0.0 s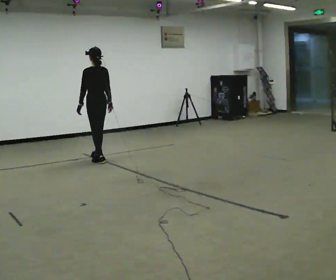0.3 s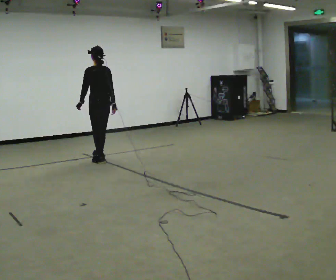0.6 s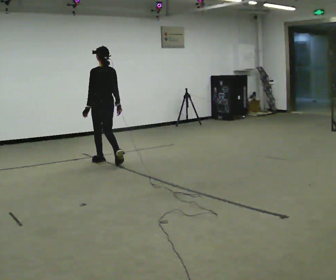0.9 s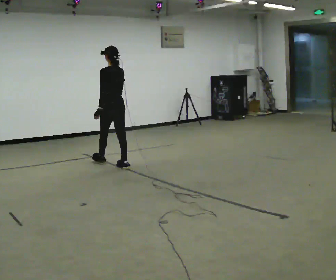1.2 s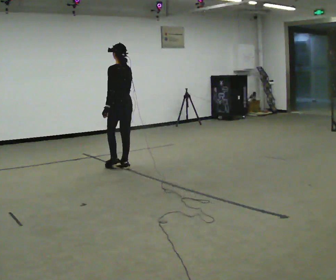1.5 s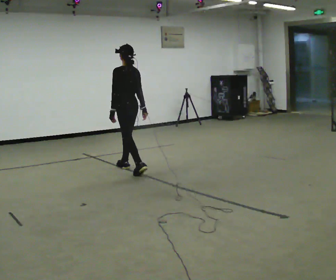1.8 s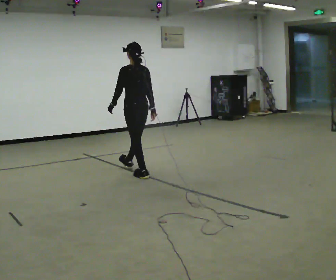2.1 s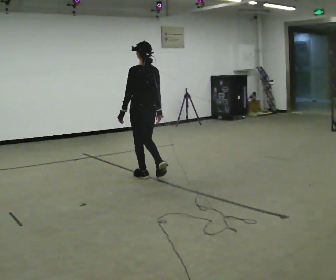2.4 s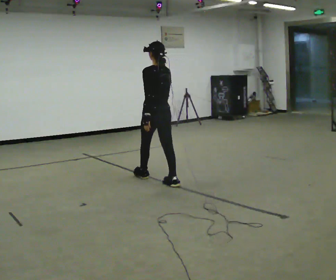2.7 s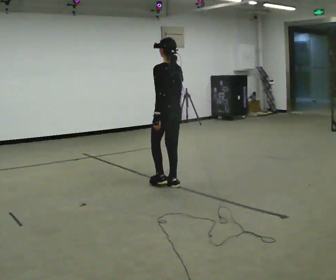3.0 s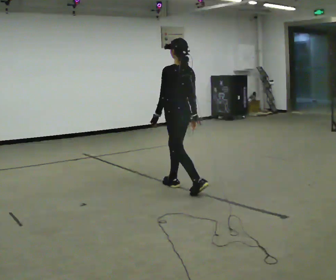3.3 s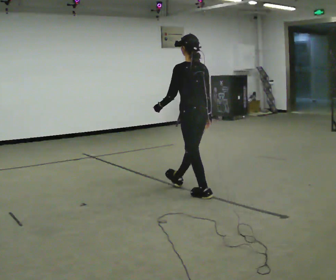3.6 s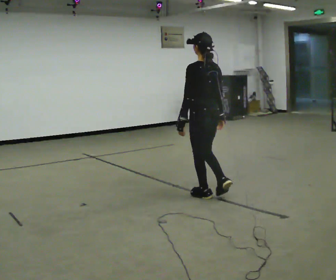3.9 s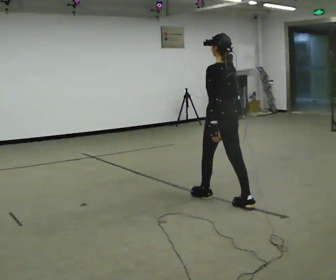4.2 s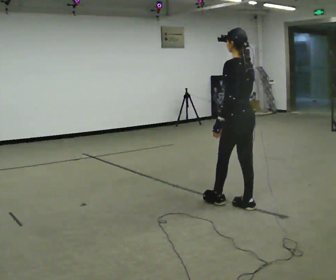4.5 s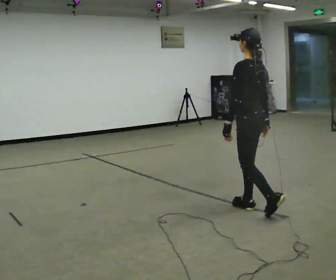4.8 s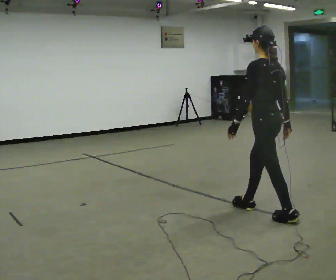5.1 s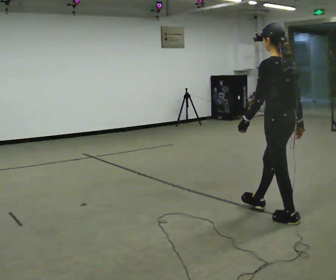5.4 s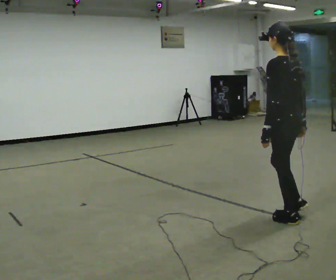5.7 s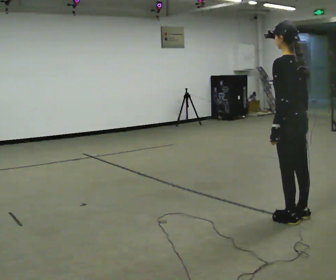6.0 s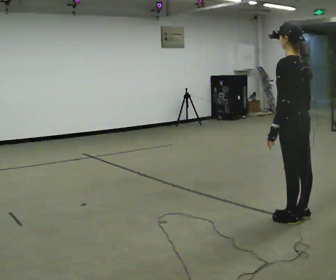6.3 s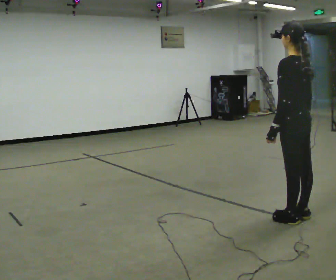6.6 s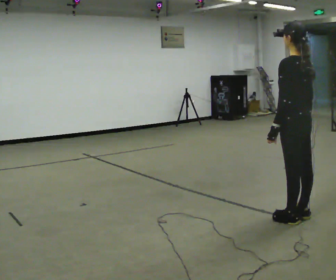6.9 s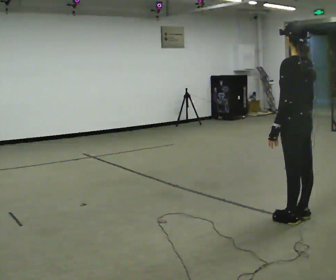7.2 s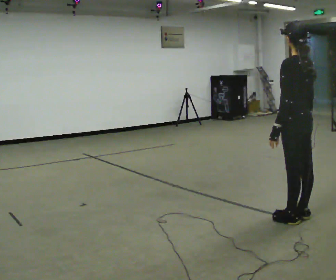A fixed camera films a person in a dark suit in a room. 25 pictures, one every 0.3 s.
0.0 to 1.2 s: In the picture they go toward the camera and to the right, about 0.75 m in 2 steps, which for them is backward.
1.2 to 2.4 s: In the picture they go toward the camera and to the right, about 1 m in 1 step, which for them is backward.
2.4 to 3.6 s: In the picture they go toward the camera and to the right, about 1 m in 2 steps, which for them is backward.
3.6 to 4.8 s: In the picture they go toward the camera and to the right, about 1 m in 1 step, which for them is backward.
4.8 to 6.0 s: In the picture they go to the right and toward the camera, about 0.25 m in 1 step, which for them is backward.
6.0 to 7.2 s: The person moves a little, or ends about where they began.
The film runs backward here.
